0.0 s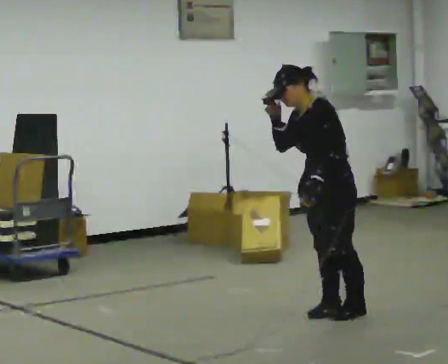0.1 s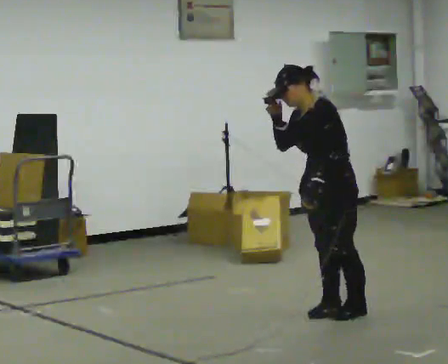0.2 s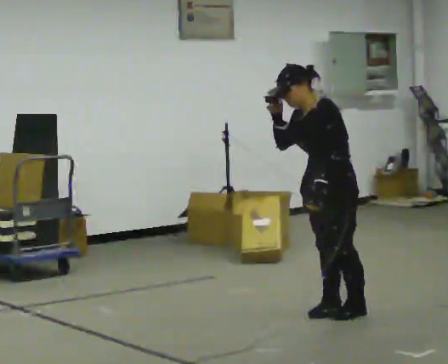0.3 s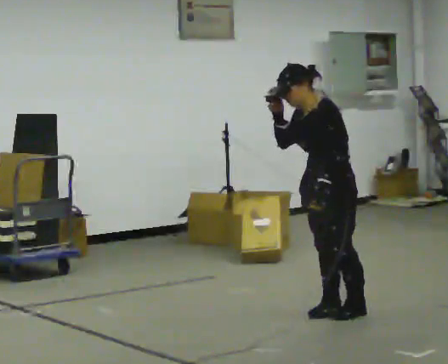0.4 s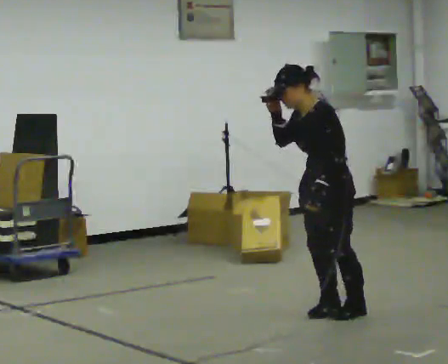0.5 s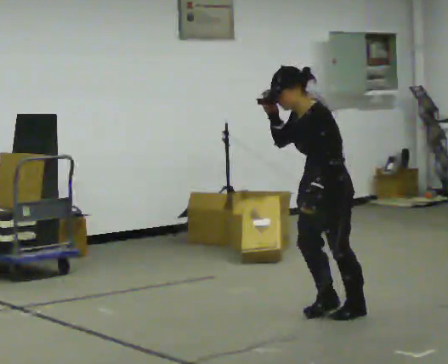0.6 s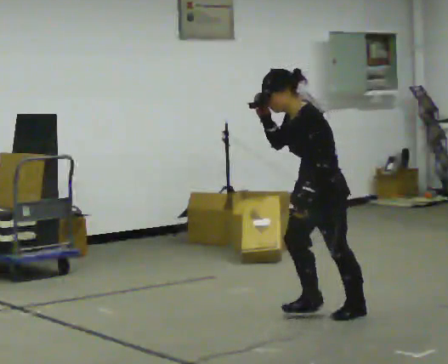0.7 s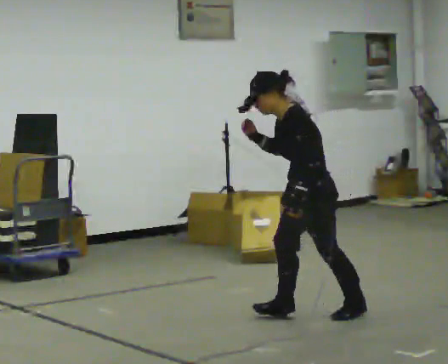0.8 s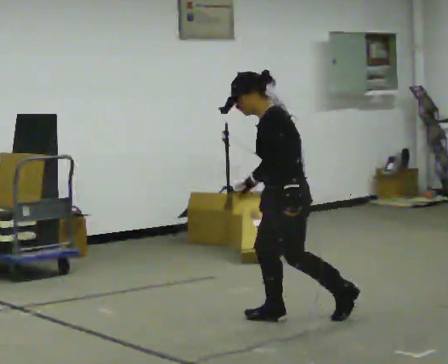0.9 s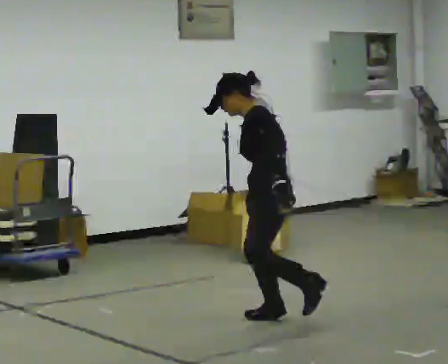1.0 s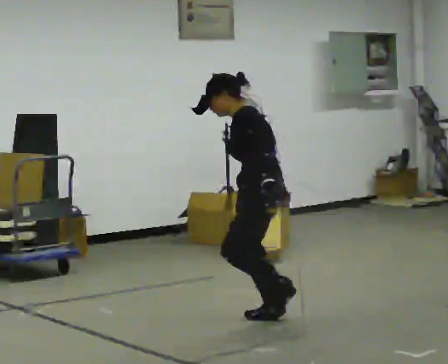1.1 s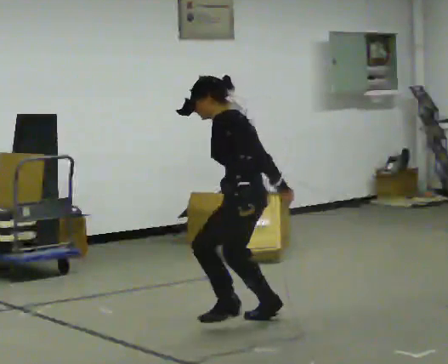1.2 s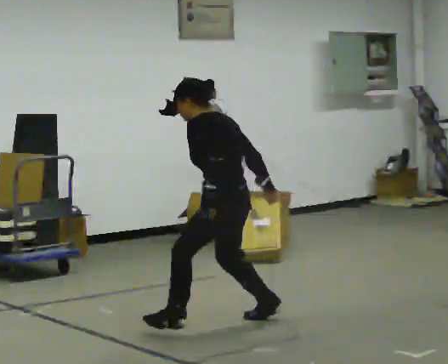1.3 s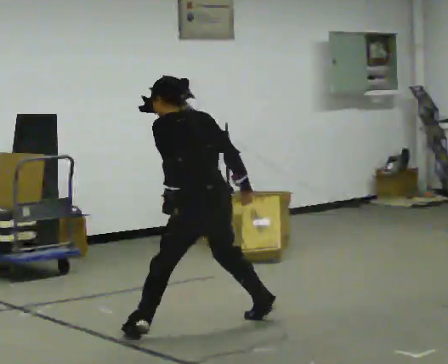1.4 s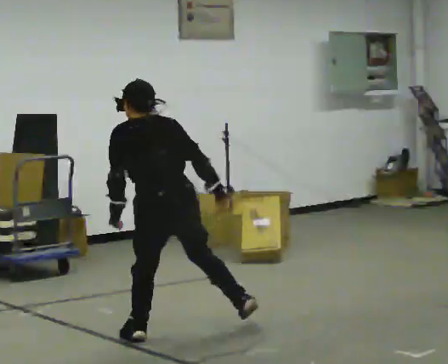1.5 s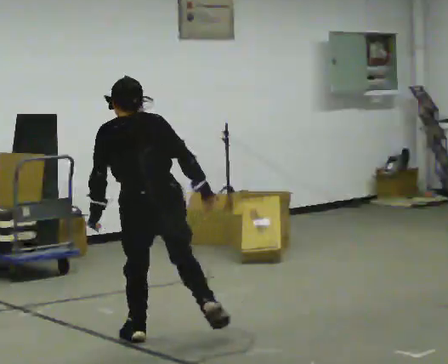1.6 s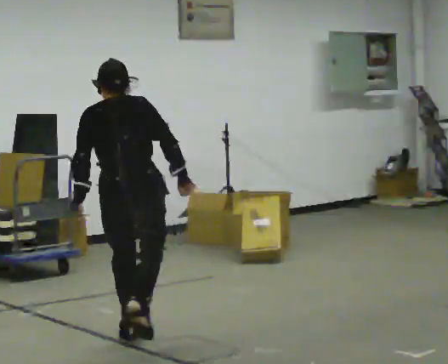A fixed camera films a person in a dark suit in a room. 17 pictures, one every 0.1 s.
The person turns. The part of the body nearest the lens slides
to the left.
The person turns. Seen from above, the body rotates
clockwise.
0.0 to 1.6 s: The part of the body nearest the lens slides to the left as the person turns to their right by about 120 degrees. In the picture they go to the left and toward the camera, about 1.5 m in 2 steps. The upper body tips away from the camera, its near side rolling upward.
The film runs forward here.
